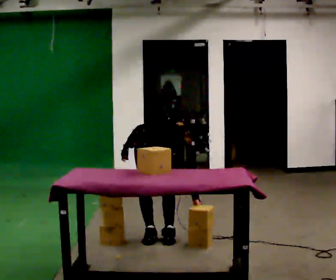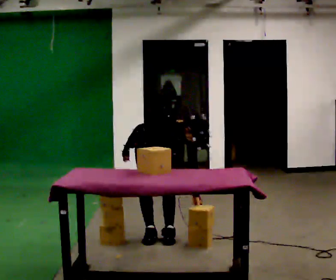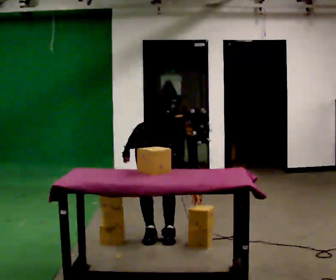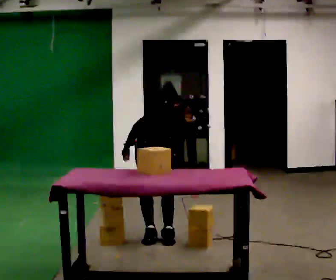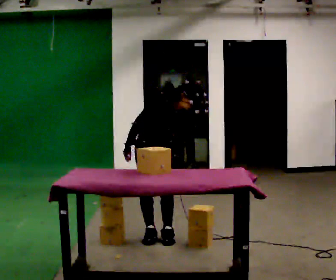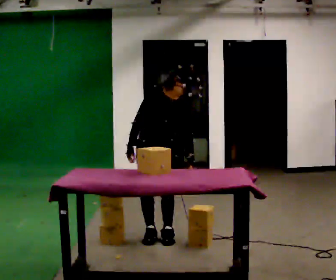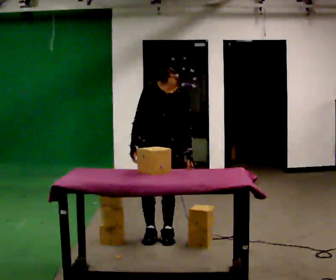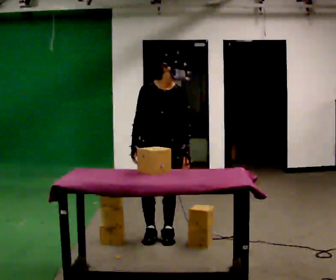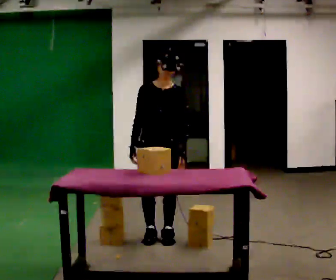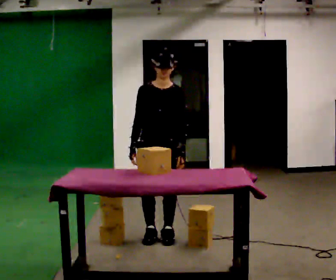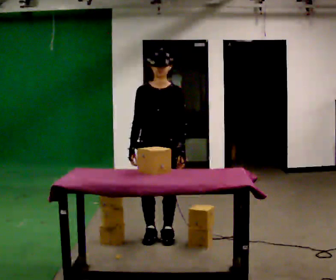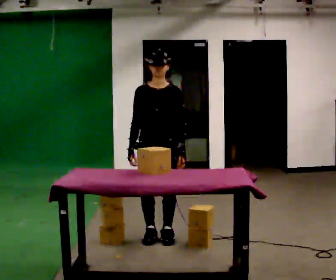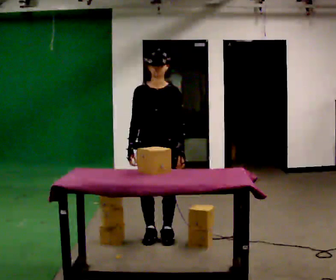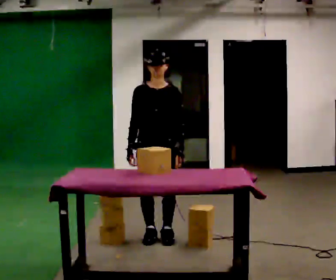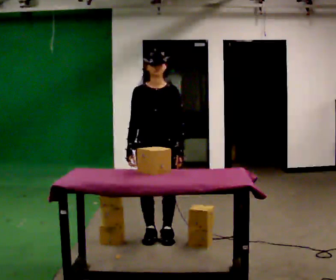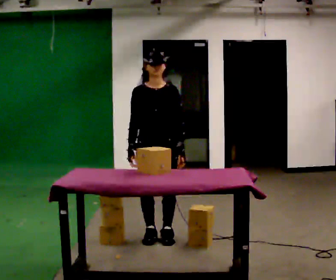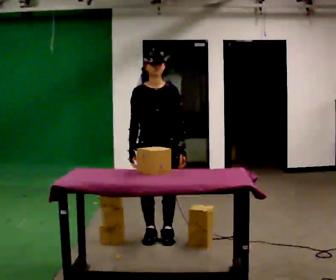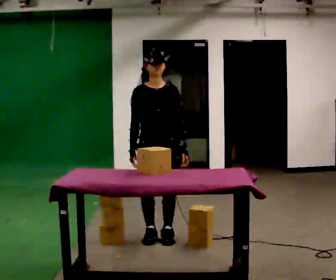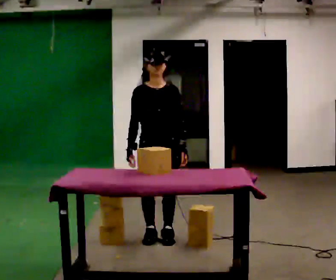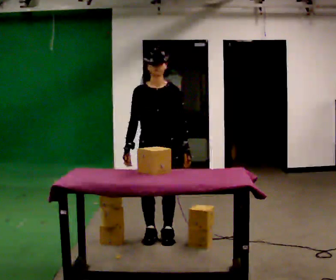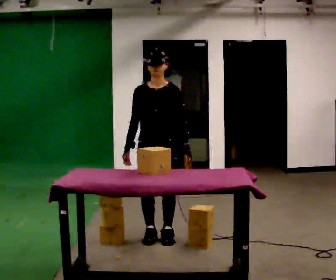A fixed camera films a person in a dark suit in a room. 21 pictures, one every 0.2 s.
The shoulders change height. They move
upward.
The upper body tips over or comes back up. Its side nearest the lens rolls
upward.
0.0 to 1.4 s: The upper body goes upward. The upper body tips away from the camera, its near side rolling upward, as they lean back or straighten.
1.4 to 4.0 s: The person moves a little, or ends about where they began.
The film runs backward here.
